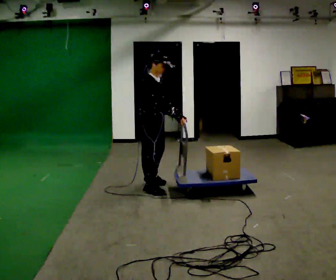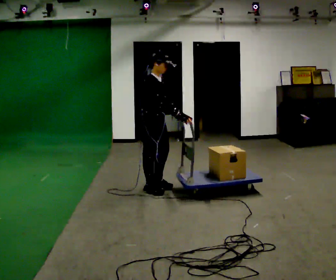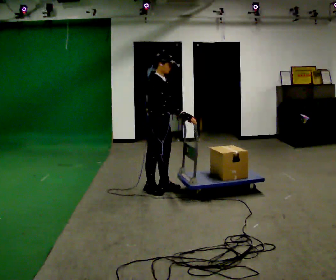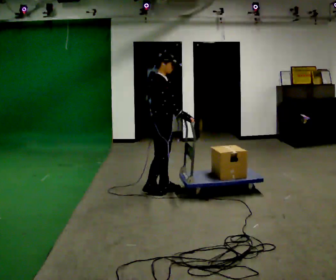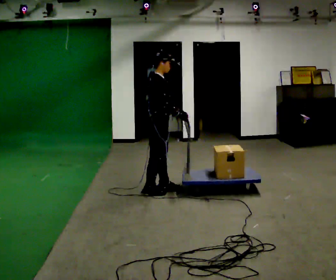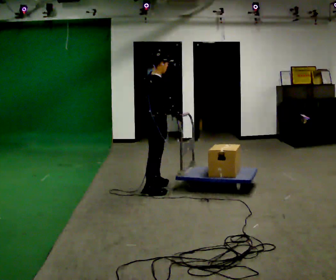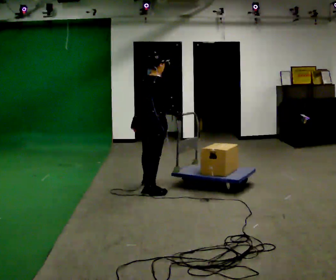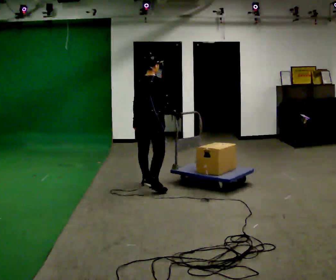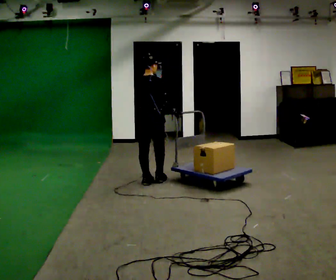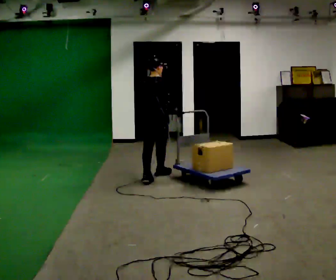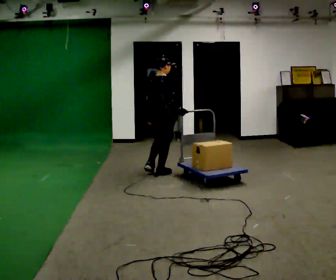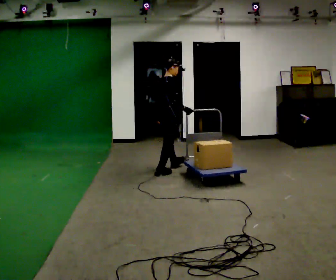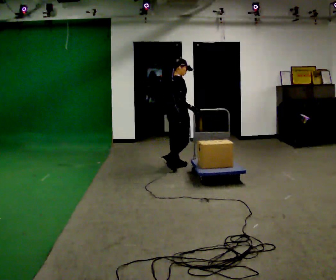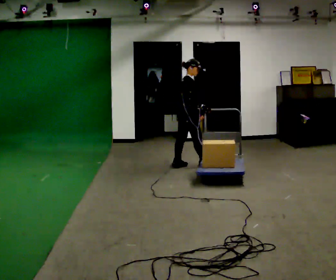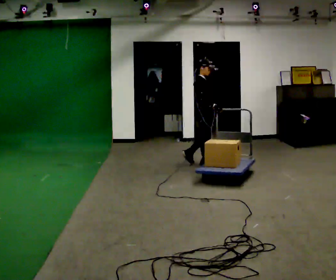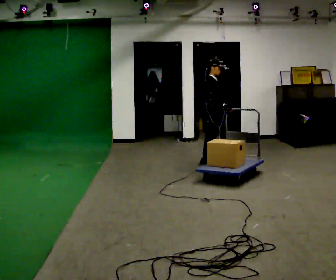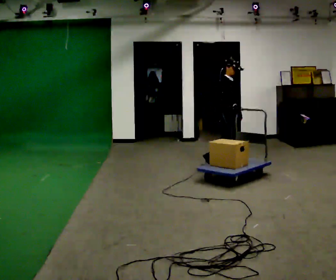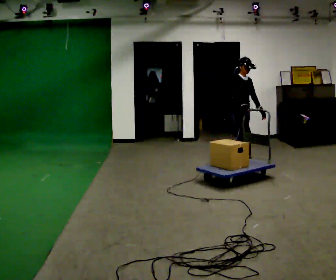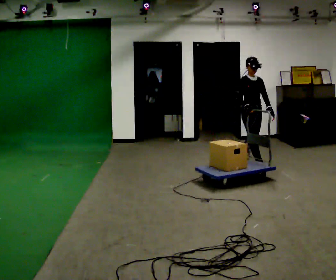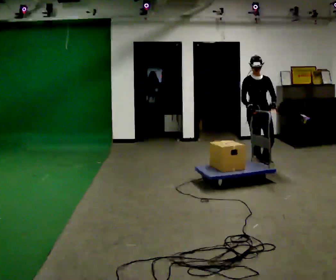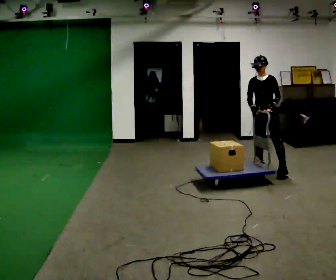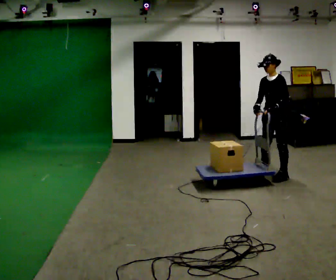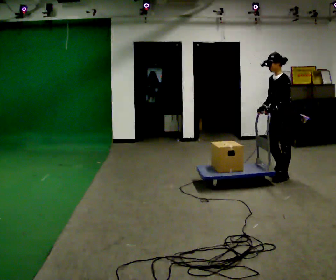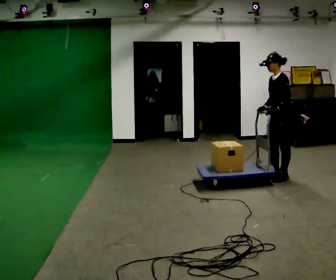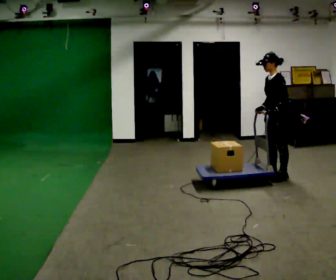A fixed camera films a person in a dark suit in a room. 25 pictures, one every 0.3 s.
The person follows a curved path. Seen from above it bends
clockwise.
The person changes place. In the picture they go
to the right.
0.0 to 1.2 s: The part of the body nearest the lens slides to the right as the person turns to their left by about 30 degrees.
1.2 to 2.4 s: The part of the body nearest the lens slides to the right as the person turns to their left by about 60 degrees. In the picture they go away from the camera, about 0.5 m in 1 step.
2.4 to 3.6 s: The person turns about 45 degrees to their right, clockwise seen from above, so the part of the body nearest the lens slides to the left. In the picture they go away from the camera and to the right, about 1 m in 2 steps, which for them is forward.
3.6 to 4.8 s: The part of the body nearest the lens slides to the left as the person turns to their right by about 45 degrees. In the picture they go to the right, about 0.5 m in 2 steps, which for them is forward.
4.8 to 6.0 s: The part of the body nearest the lens slides to the left as the person turns to their right by about 90 degrees. In the picture they go toward the camera and to the right, about 0.75 m in 1 step.
6.0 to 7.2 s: The part of the body nearest the lens slides to the left as the person turns to their right by about 45 degrees. In the picture they go toward the camera, about 0.5 m in 2 steps, which for them is to their left.
The film runs forward here.
